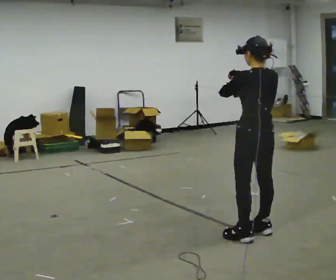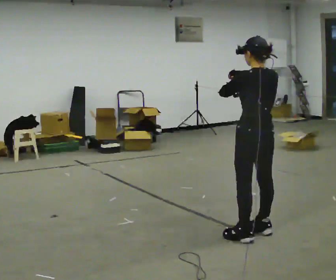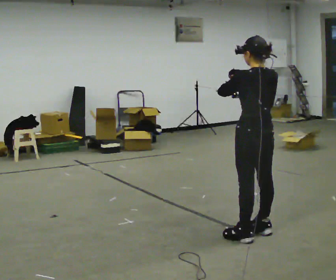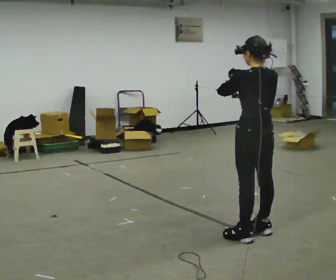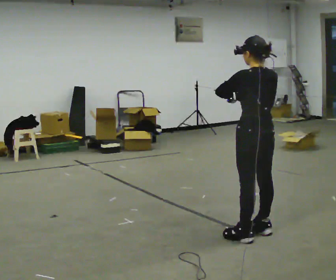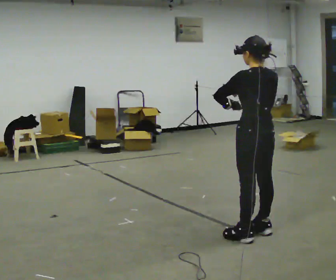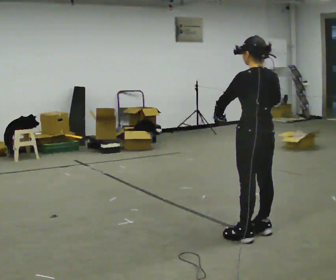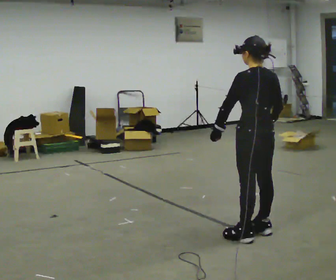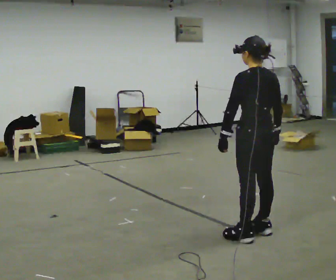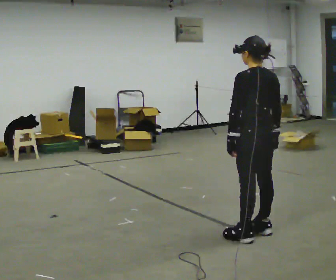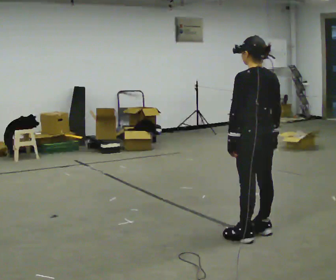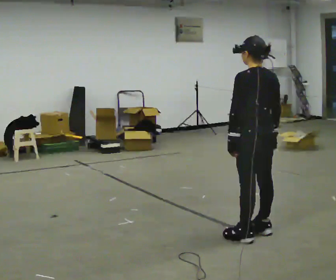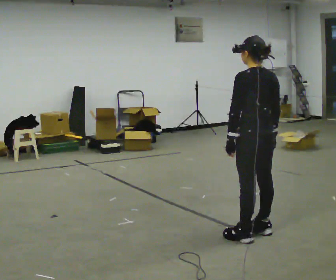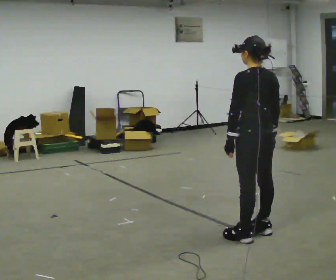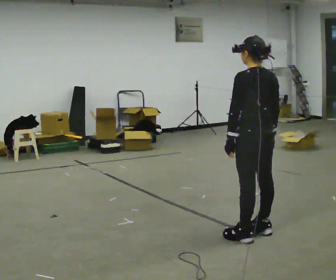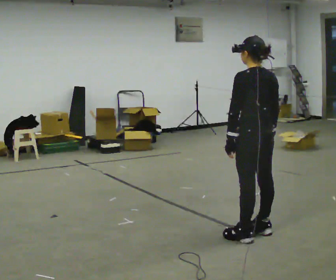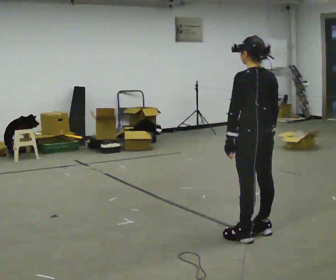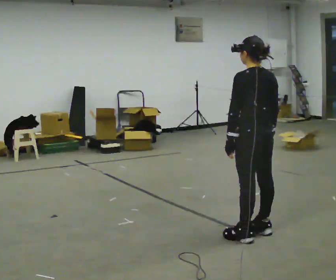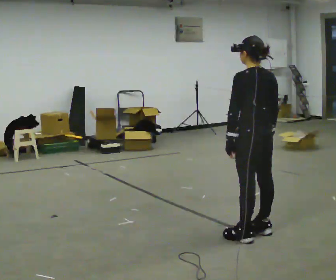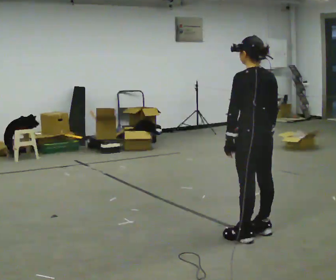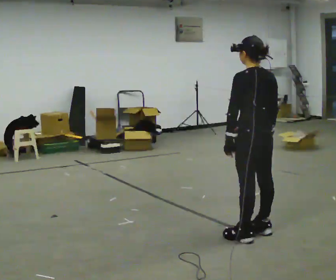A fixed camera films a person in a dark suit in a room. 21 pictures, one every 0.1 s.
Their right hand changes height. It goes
downward.
0.0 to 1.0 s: In the picture their right hand goes downward.
1.0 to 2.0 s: The person moves a little, or ends about where they began.
The film runs backward here.
